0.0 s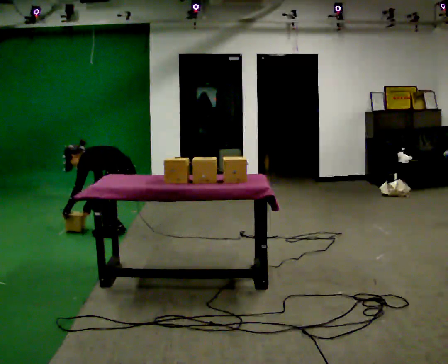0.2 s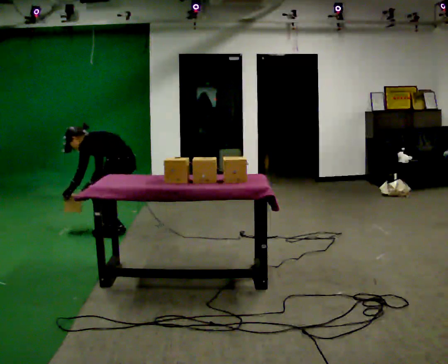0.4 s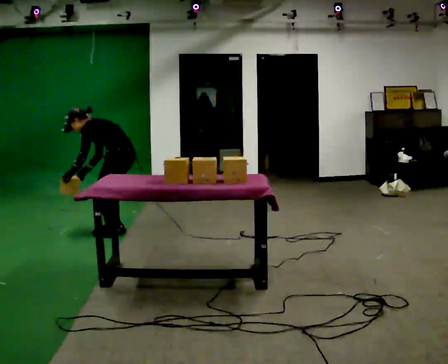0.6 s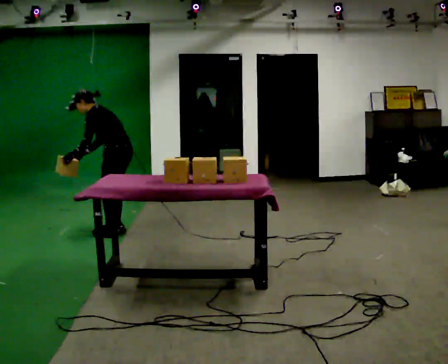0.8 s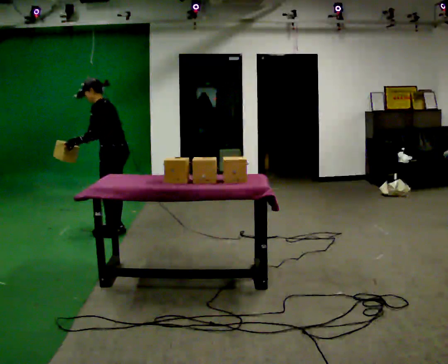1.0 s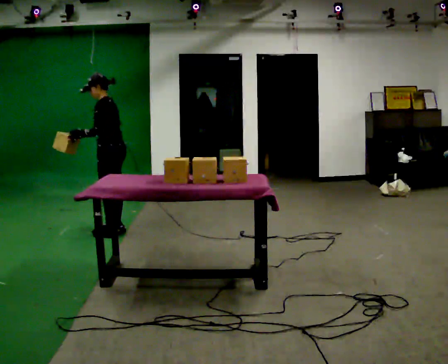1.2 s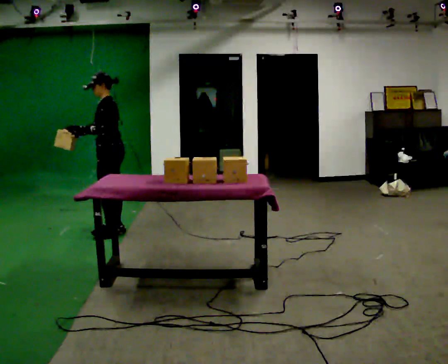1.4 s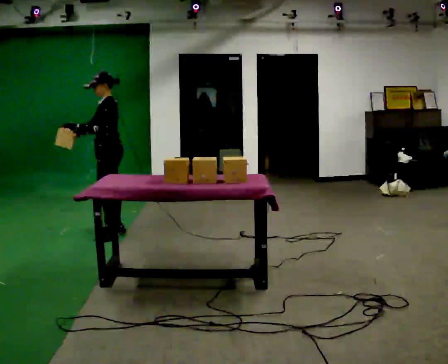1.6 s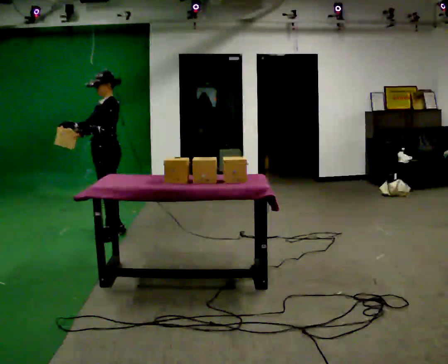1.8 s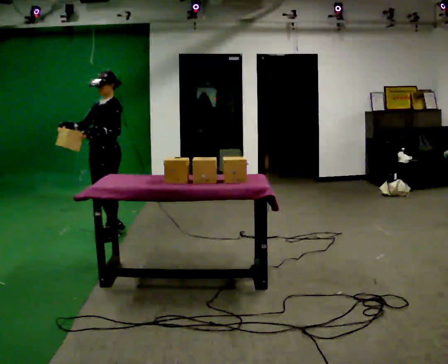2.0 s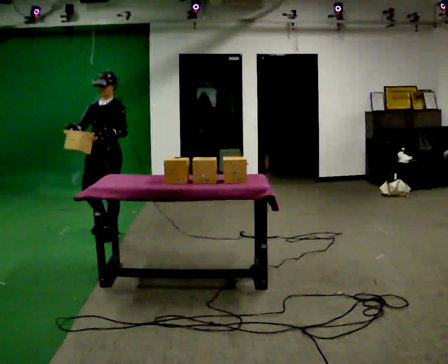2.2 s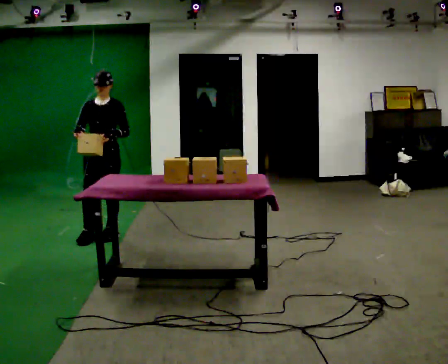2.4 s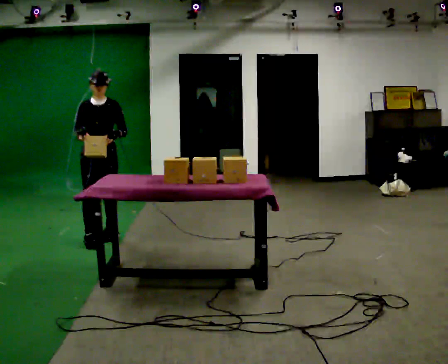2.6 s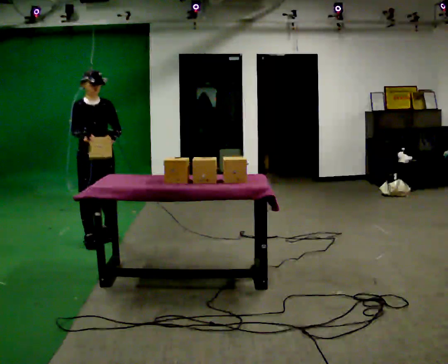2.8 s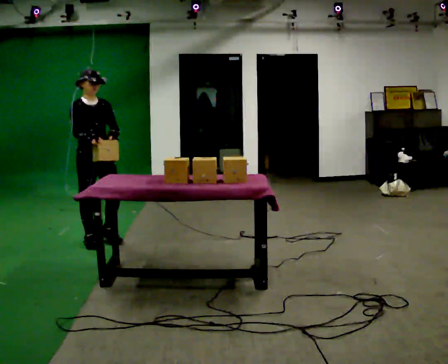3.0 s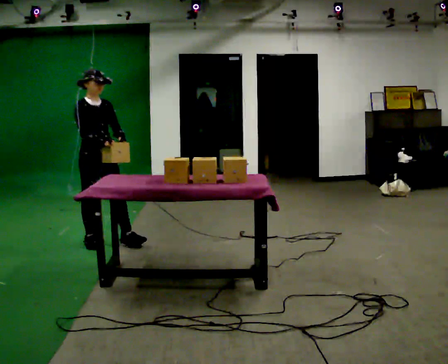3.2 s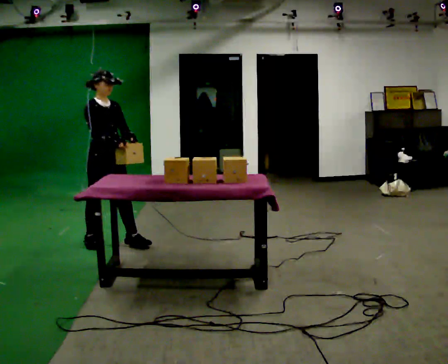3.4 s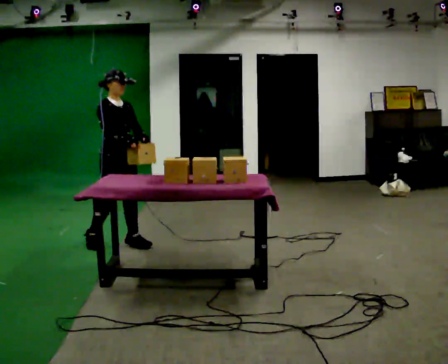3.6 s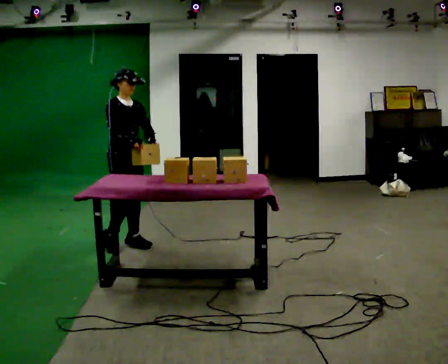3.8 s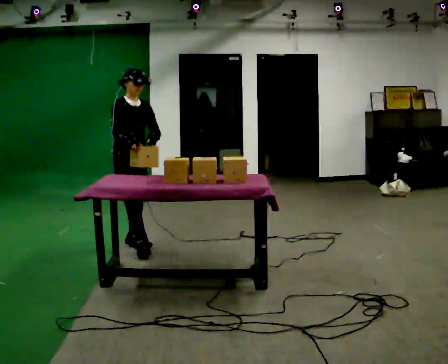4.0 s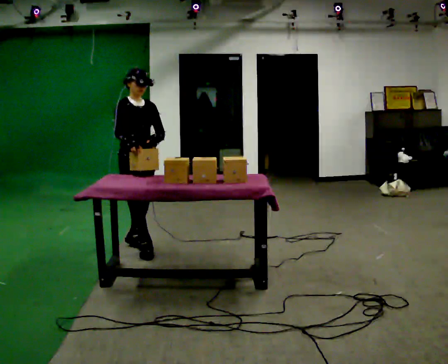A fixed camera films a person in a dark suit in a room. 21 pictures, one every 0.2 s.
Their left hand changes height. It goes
upward.
The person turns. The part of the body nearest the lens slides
to the right.
0.0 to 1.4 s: The shoulders move upward. In the picture the upper body tilts clockwise, shoulders to the right, as they lean back or straighten. In the picture their right hand goes upward, the arm swinging clockwise.
1.4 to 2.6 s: The person turns about 90 degrees to their left, counterclockwise seen from above, so the part of the body nearest the lens slides to the right. In the picture they go toward the camera and to the left, about 0.25 m in 1 step.
2.6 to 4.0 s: In the picture they go to the right and toward the camera, about 0.5 m in 2 steps, which for them is forward.
The film runs forward here.
